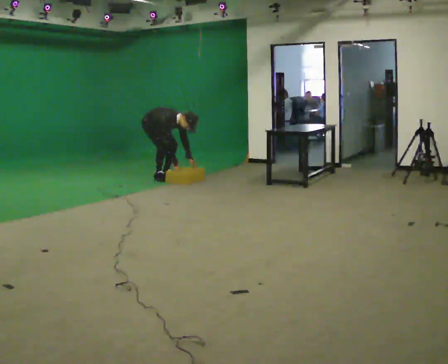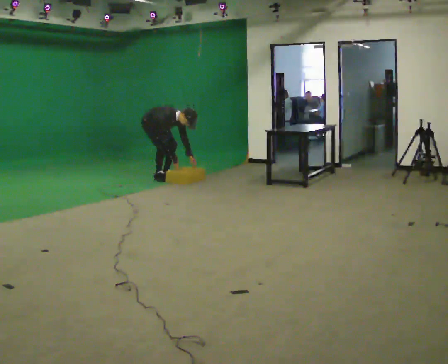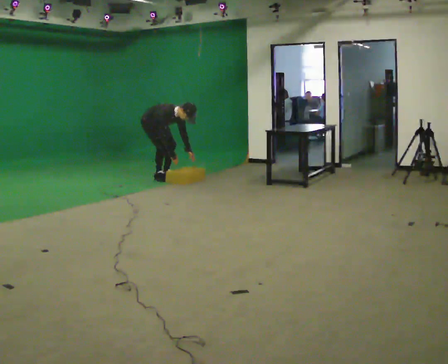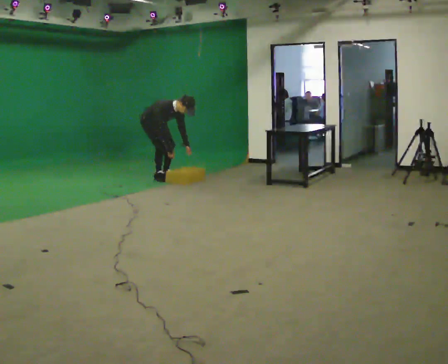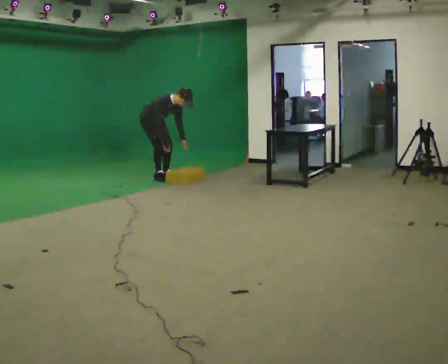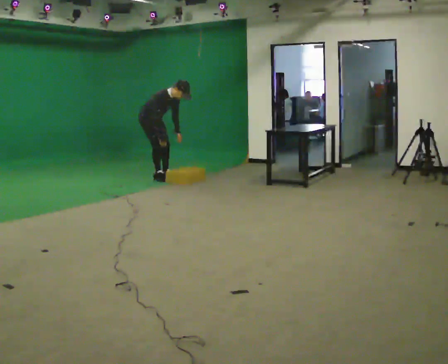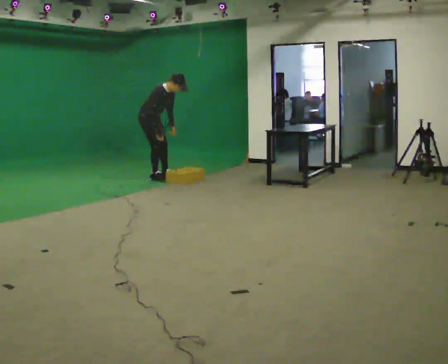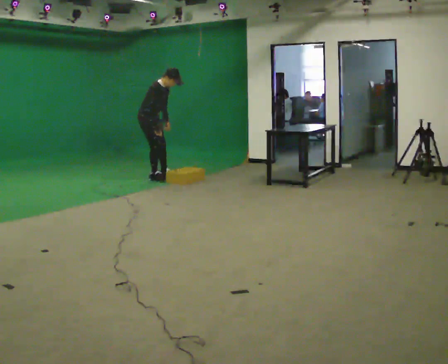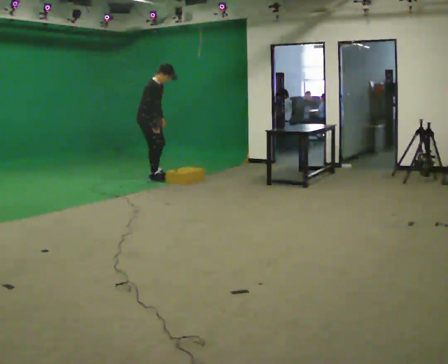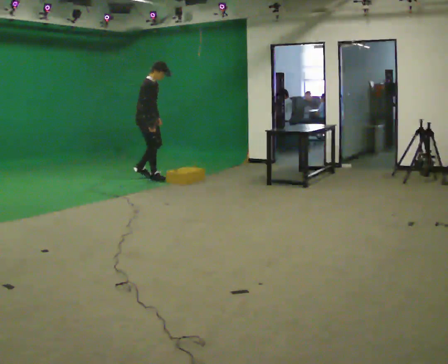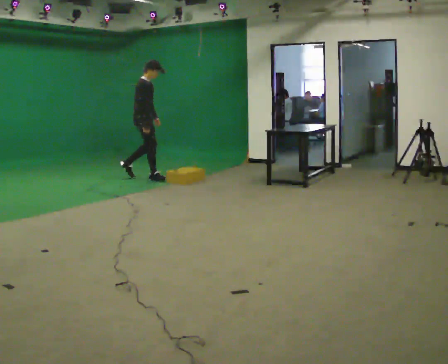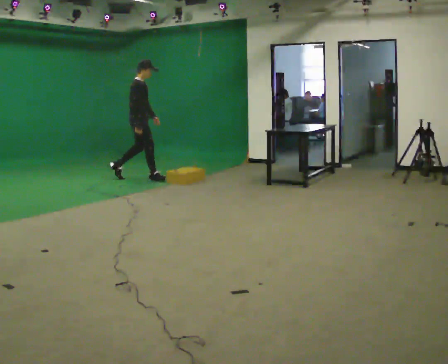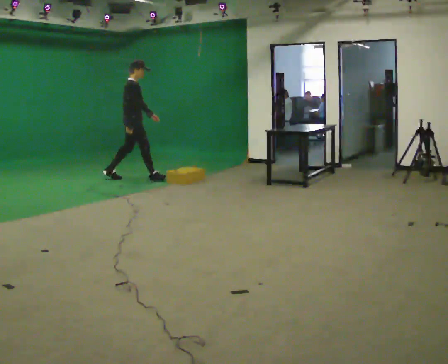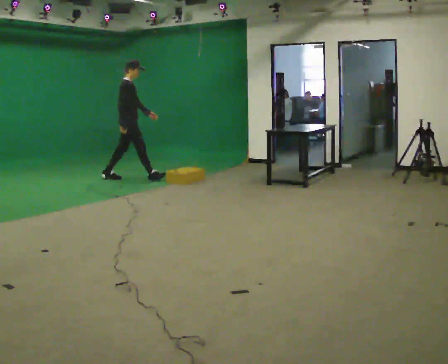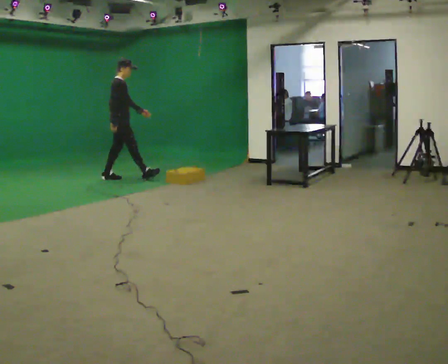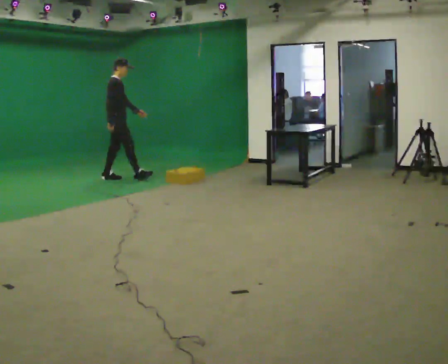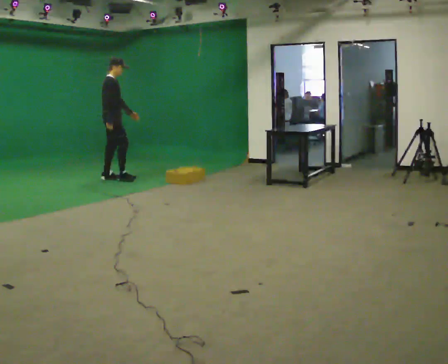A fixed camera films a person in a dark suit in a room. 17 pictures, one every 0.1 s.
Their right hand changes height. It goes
upward.
The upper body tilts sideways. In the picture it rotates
counterclockwise.
0.0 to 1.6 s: The person turns about 45 degrees to their left, counterclockwise seen from above, so the part of the body nearest the lens slides to the right. In the picture they go to the left, about 0.5 m in 2 steps, which for them is backward and to their right. The shoulders move upward. In the picture the upper body tilts counterclockwise, shoulders to the left, as they lean back or straighten. In the picture their left hand goes upward.
The film runs backward here.
